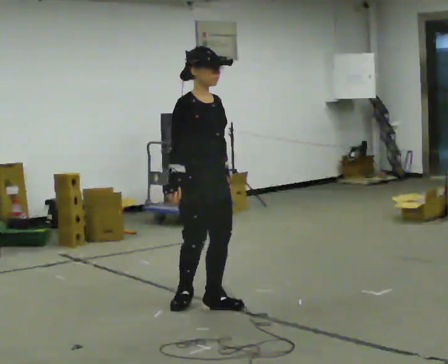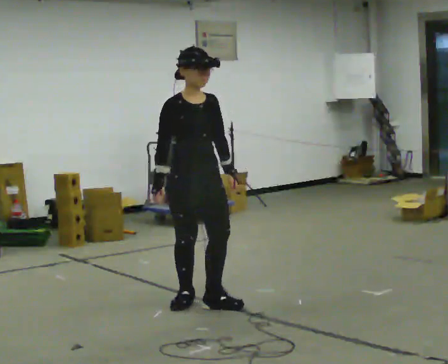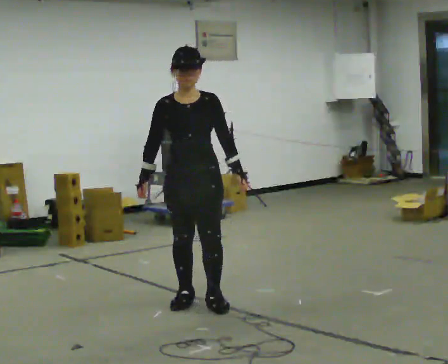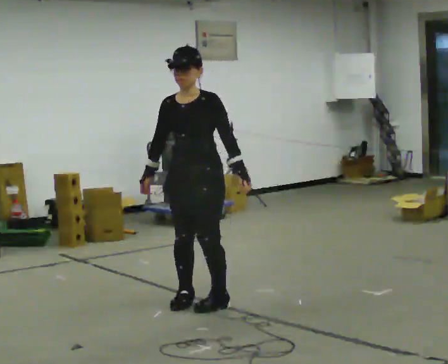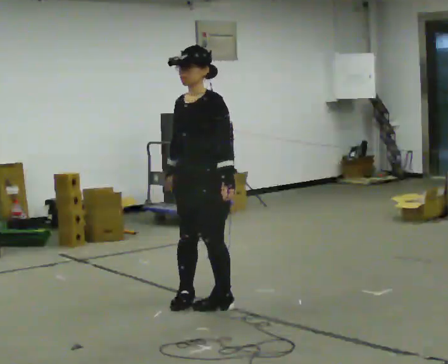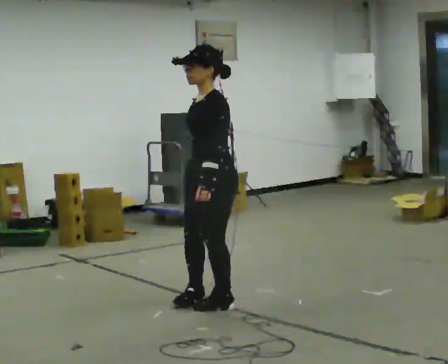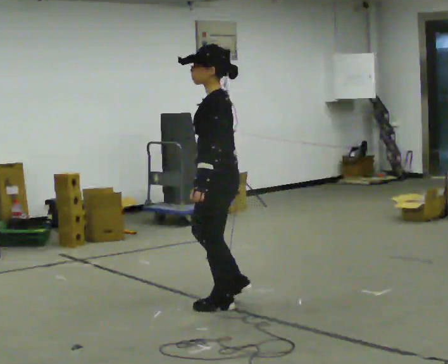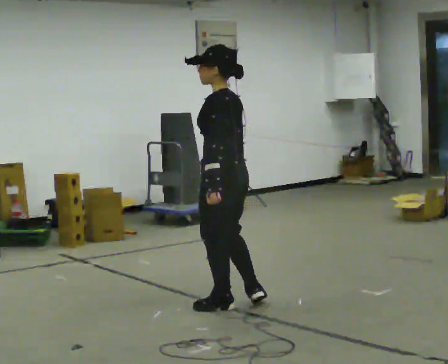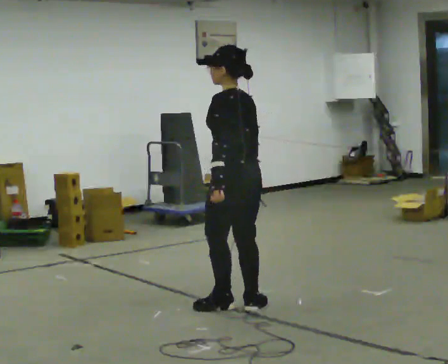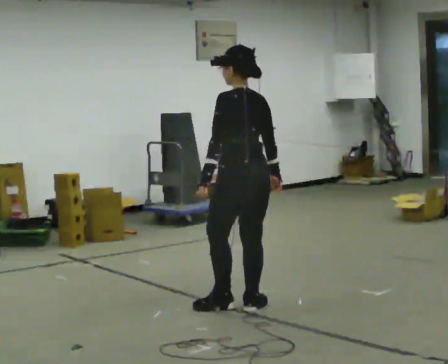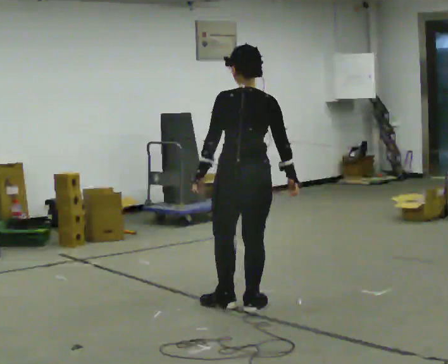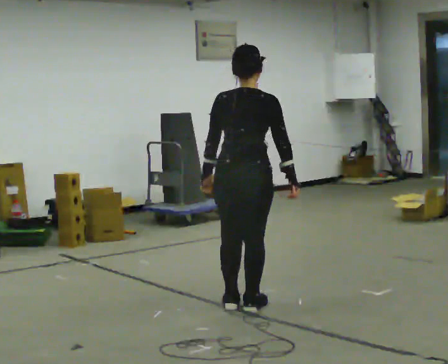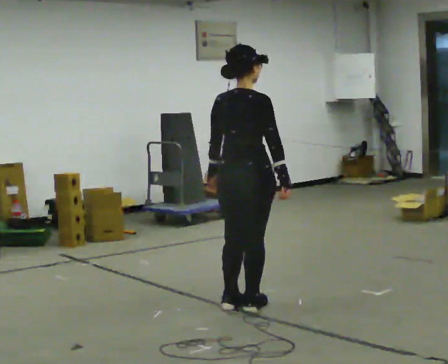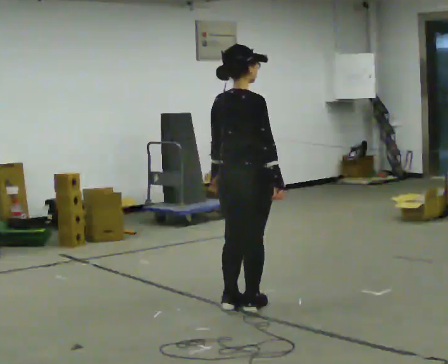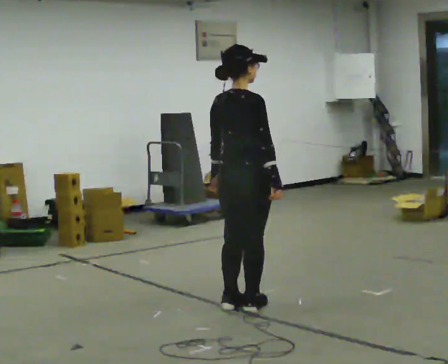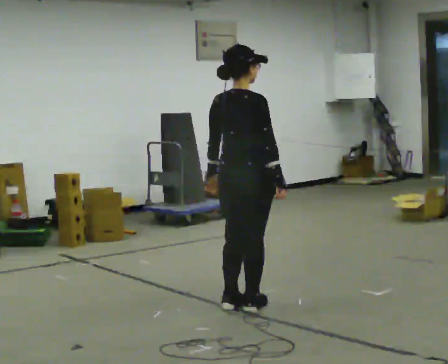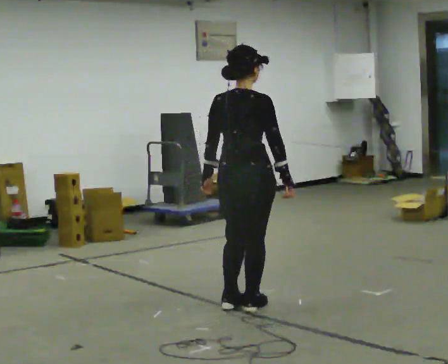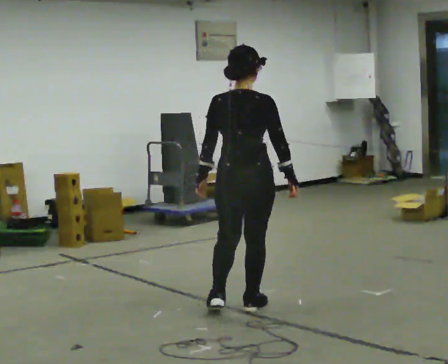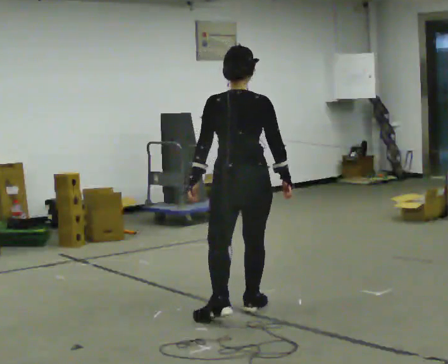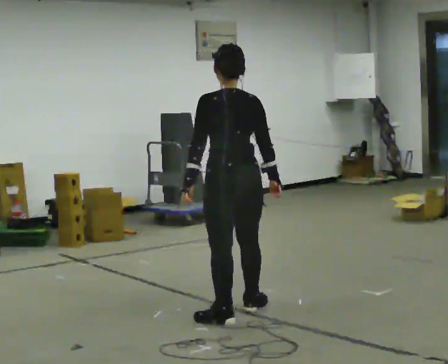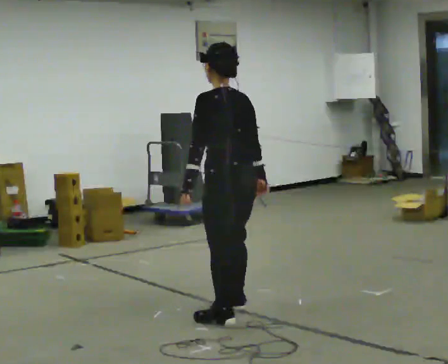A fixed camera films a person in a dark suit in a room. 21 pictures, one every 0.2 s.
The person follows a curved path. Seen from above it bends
clockwise.
0.0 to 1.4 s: The part of the body nearest the lens slides to the left as the person turns to their right by about 165 degrees. In the picture they go to the right, about 0.25 m in 1 step. In the picture their right hand goes to the right.
1.4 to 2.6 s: The person turns about 105 degrees to their right, clockwise seen from above, so the part of the body nearest the lens slides to the left.
2.6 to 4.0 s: Seen from above the body turns counterclockwise, about 90 degrees: to their left, with its near side sliding to the right. In the picture they go toward the camera, about 0.25 m in 1 step.
The film runs backward here.
